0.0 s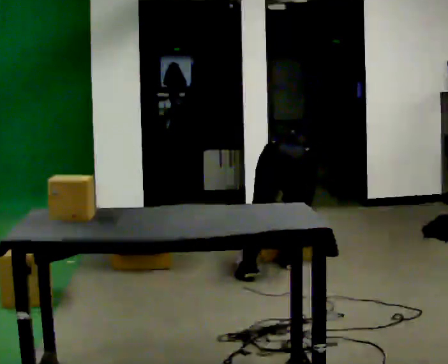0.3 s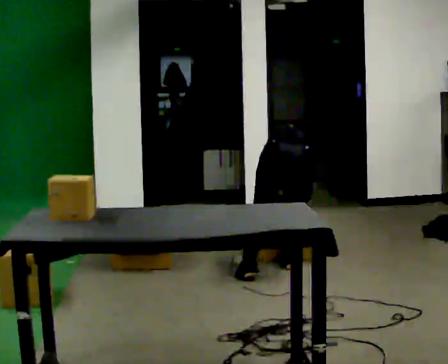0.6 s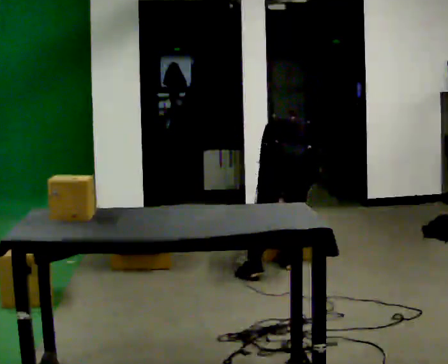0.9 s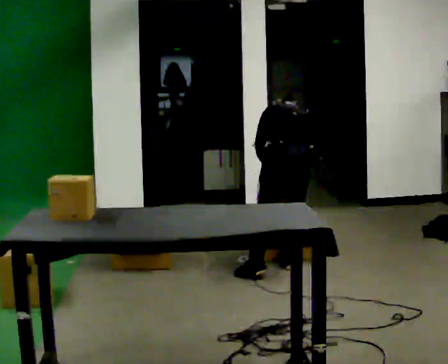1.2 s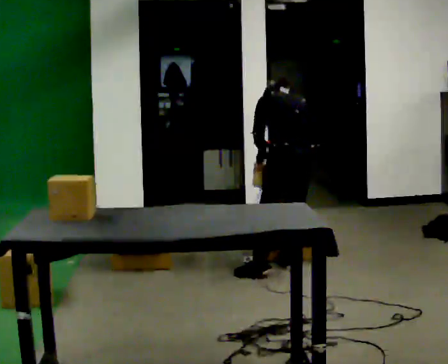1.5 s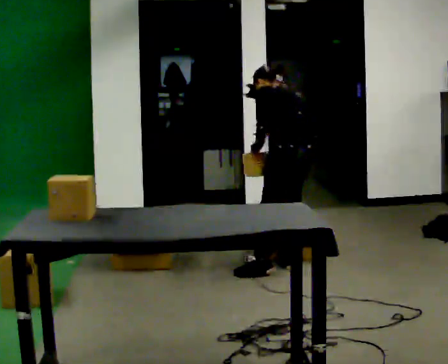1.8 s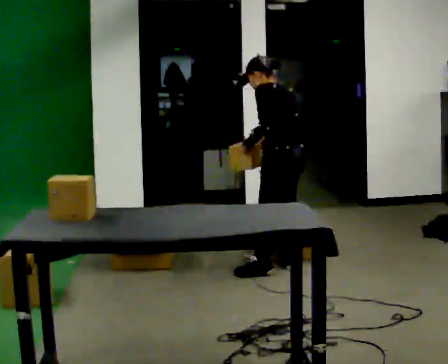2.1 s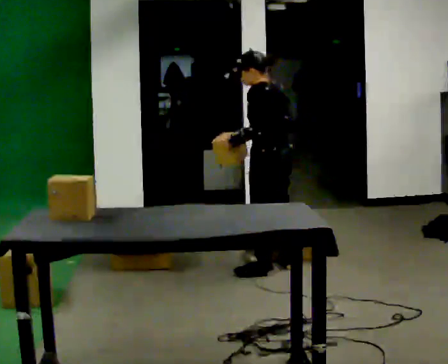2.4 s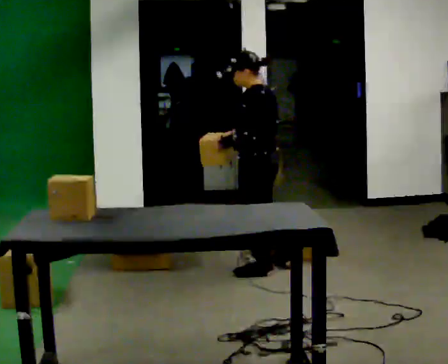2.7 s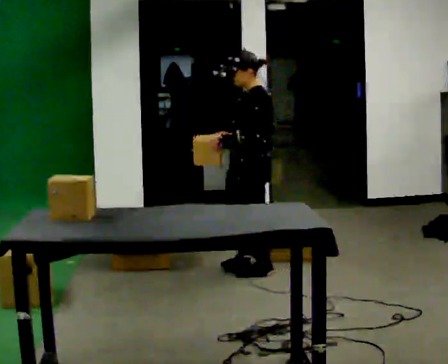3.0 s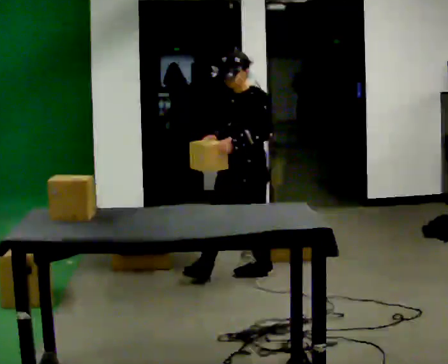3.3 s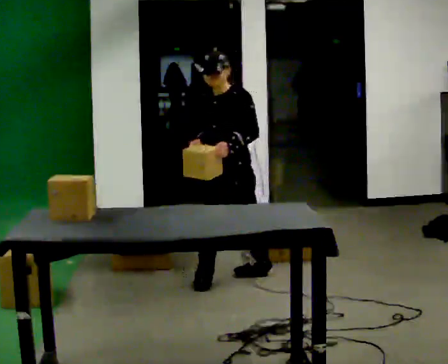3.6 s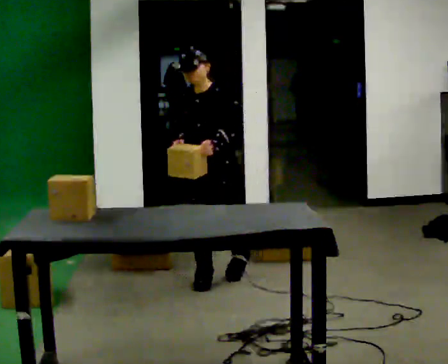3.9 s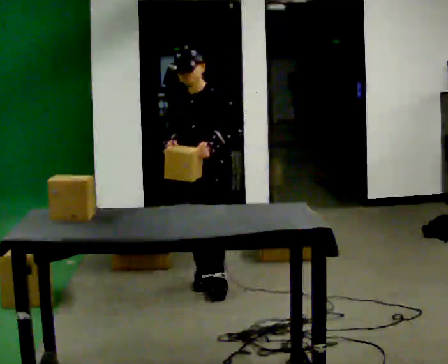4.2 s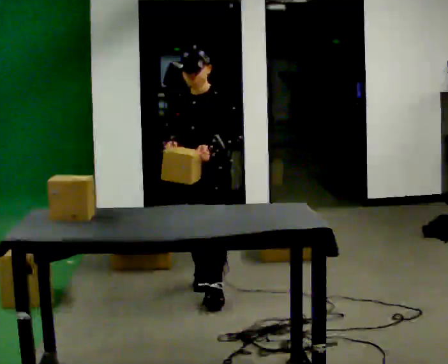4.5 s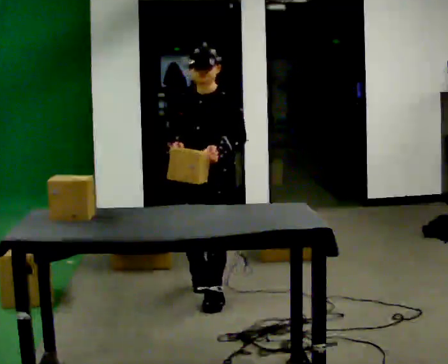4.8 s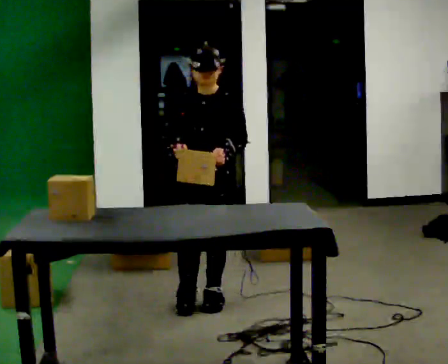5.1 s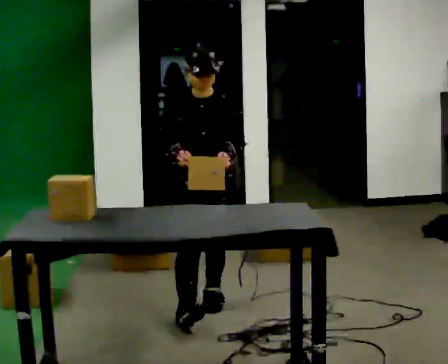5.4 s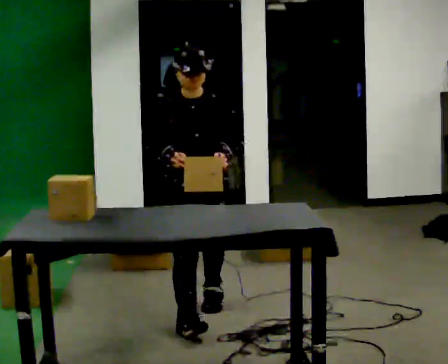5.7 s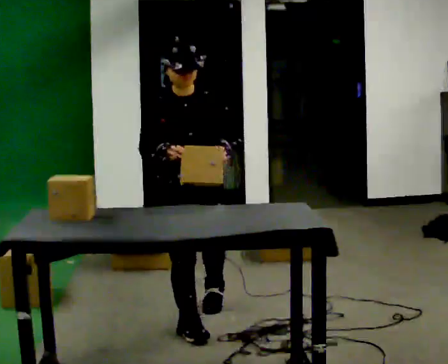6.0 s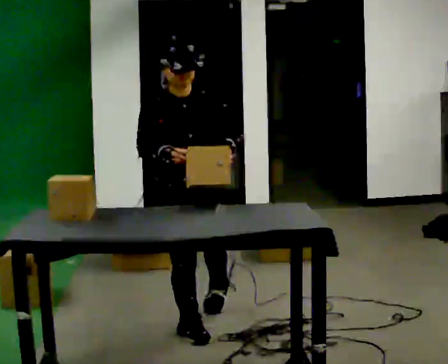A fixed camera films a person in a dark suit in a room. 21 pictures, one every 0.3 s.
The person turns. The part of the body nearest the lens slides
to the right.
The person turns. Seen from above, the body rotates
counterclockwise.
0.0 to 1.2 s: The person turns about 30 degrees to their left, counterclockwise seen from above, so the part of the body nearest the lens slides to the right. The upper body goes upward. The upper body tips toward the camera, its near side rolling downward, as they lean back or straighten. In the picture their left hand goes upward.
1.2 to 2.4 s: The part of the body nearest the lens slides to the right as the person turns to their left by about 30 degrees. In the picture they go to the left, about 0.25 m, which for them is forward and to their left. The upper body tips toward the camera, its near side rolling downward, as they lean back or straighten. In the picture their right hand goes to the left.
2.4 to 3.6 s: The person turns about 90 degrees to their left, counterclockwise seen from above, so the part of the body nearest the lens slides to the right. In the picture they go to the left and toward the camera, about 0.5 m in 1 step.
3.6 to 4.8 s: In the picture they go toward the camera, about 0.5 m in 1 step, which for them is forward.
4.8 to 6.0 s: The part of the body nearest the lens slides to the right as the person turns to their left by about 30 degrees. In the picture they go toward the camera, about 0.5 m in 2 steps, which for them is forward and to their right.
The film runs forward here.
